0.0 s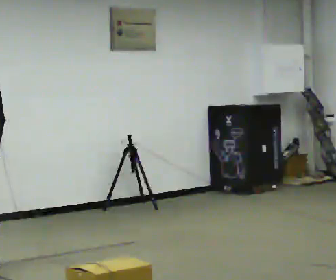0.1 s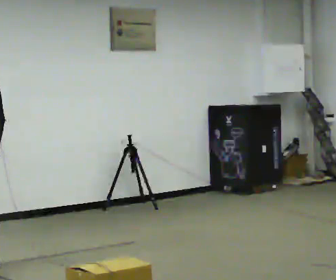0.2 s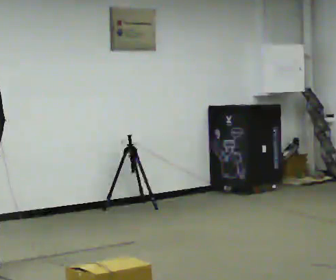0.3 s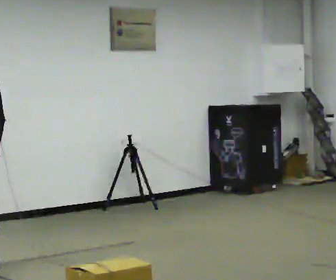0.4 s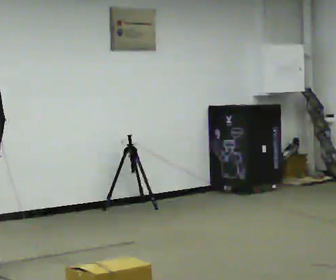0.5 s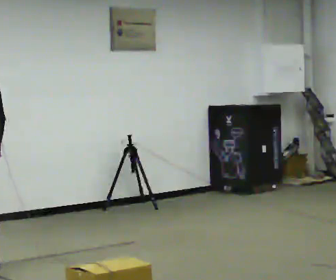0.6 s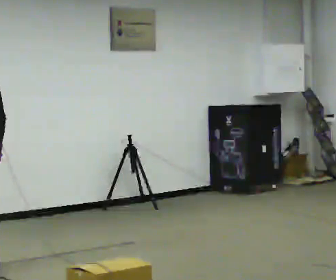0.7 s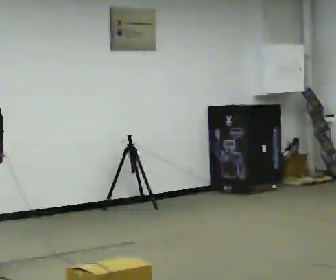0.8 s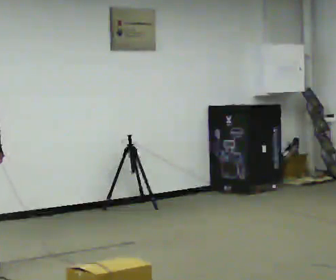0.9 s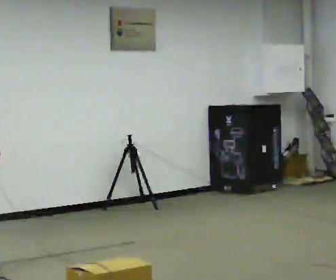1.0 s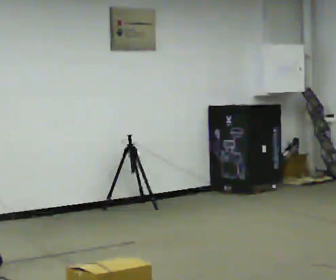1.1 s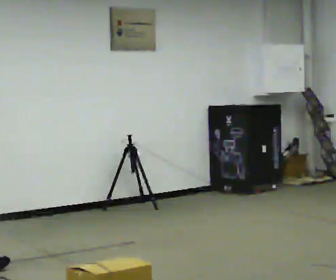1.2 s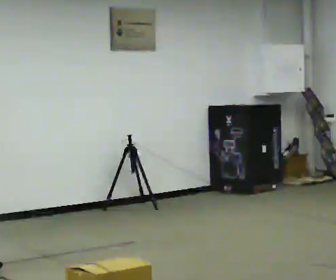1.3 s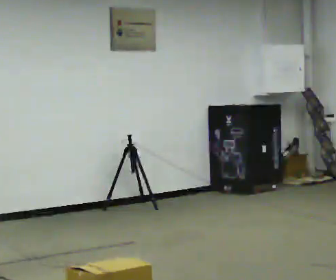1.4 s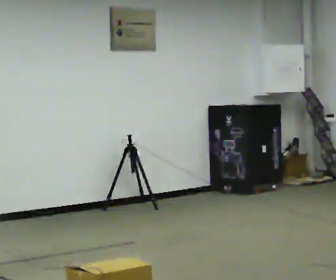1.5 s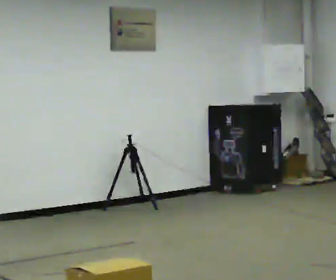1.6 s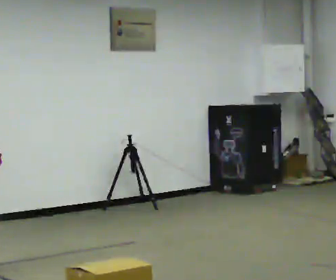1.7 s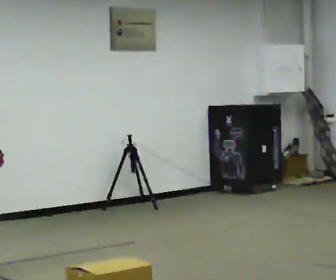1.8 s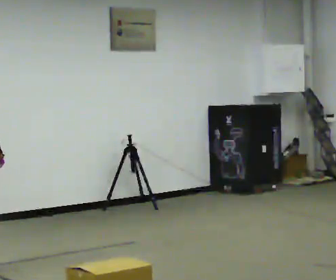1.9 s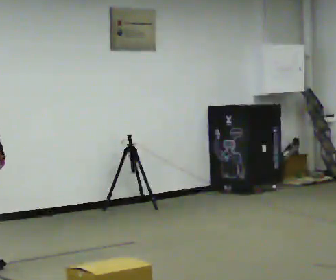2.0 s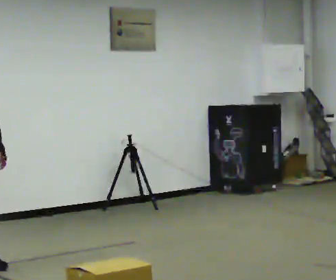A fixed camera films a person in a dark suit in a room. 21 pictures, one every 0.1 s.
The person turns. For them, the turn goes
to their right.
Their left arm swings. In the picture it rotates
counterclockwise.
0.0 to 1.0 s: Seen from above the body turns clockwise, about 75 degrees: to their right, with its near side sliding to the left. In the picture they go to the left, about 0.25 m in 1 step.
1.0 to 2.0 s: Seen from above the body turns clockwise, about 105 degrees: to their right, with its near side sliding to the left. In the picture their left hand goes to the right, the arm swinging counterclockwise.
The film runs forward here.
